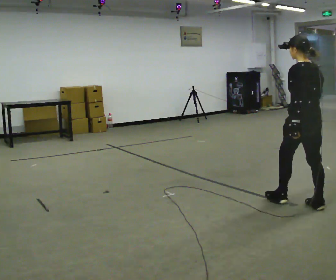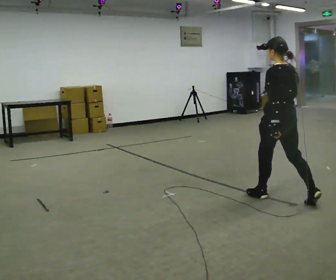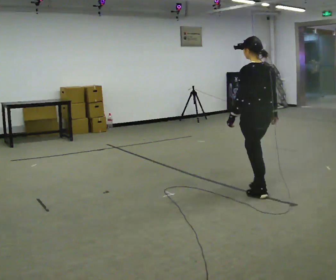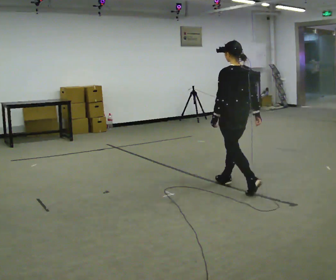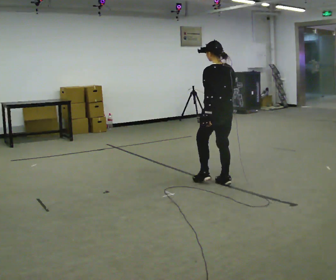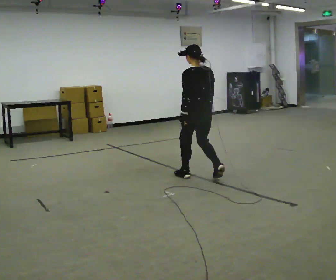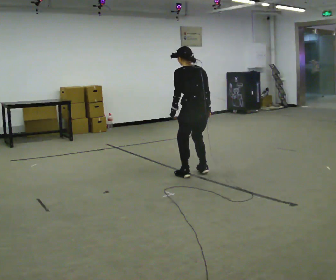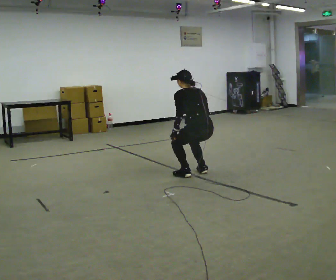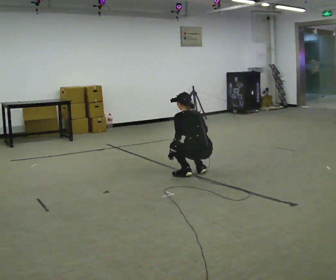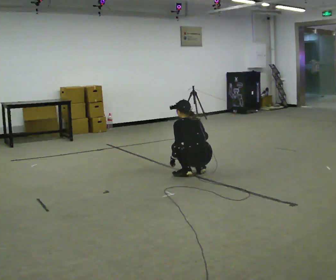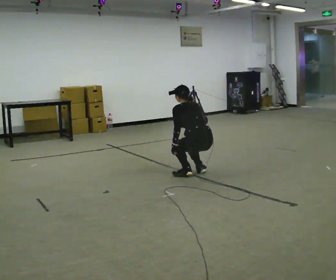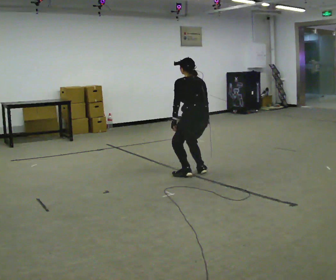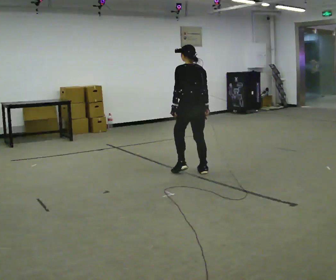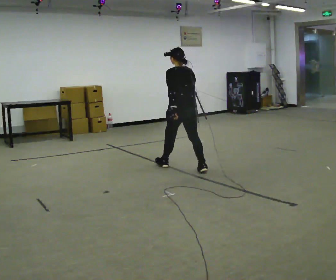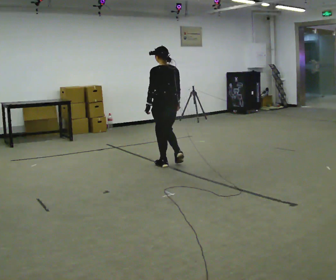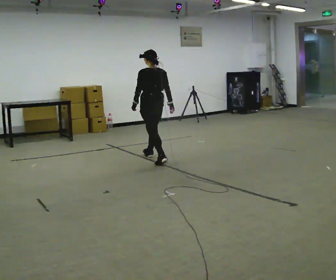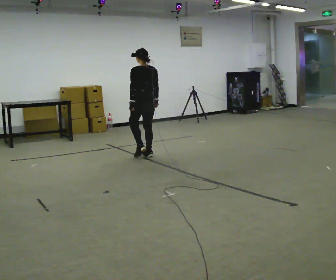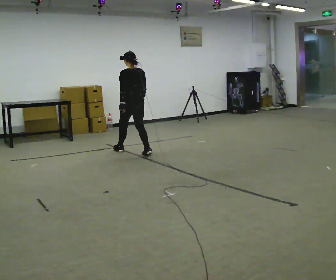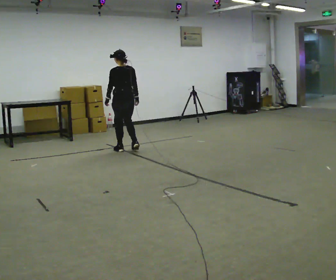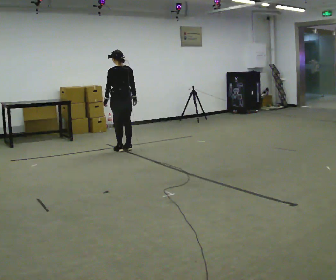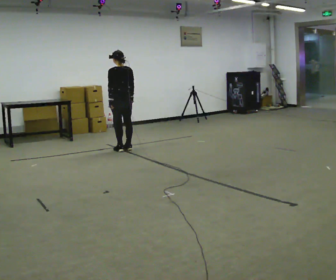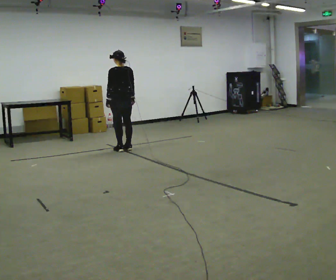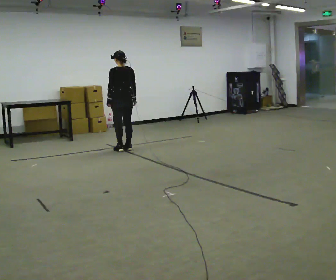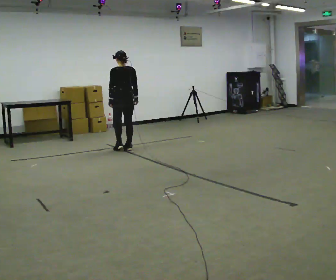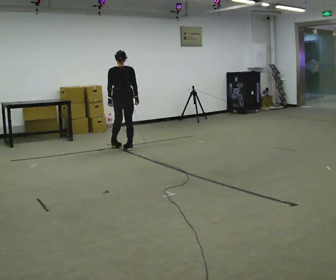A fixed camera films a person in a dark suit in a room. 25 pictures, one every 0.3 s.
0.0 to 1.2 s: In the picture they go away from the camera and to the left, about 1 m in 2 steps, which for them is forward.
1.2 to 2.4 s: In the picture they go away from the camera and to the left, about 0.25 m in 2 steps, which for them is forward. The shoulders move downward. The upper body tips away from the camera, its near side rolling upward, as they bend forward. In the picture their right hand goes downward.
2.4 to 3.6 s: In the picture they go away from the camera, about 0.25 m, which for them is forward. The shoulders move upward. The upper body tips toward the camera, its near side rolling downward, as they lean back or straighten. In the picture their right hand goes upward.
3.6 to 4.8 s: In the picture they go away from the camera and to the left, about 1 m in 2 steps, which for them is forward.
4.8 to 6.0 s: In the picture they go away from the camera and to the left, about 0.5 m in 2 steps, which for them is forward.
6.0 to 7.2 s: Seen from above the body turns clockwise, about 30 degrees: to their right, with its near side sliding to the left.
The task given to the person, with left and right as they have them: Walk; crouch comfortably at marker; remain briefly; stand and continue.
The film runs forward here.
